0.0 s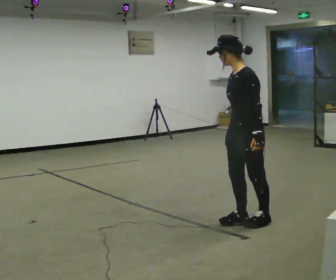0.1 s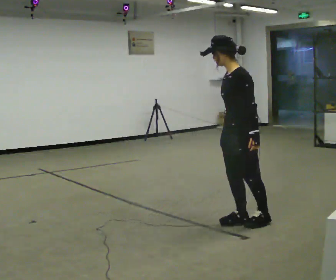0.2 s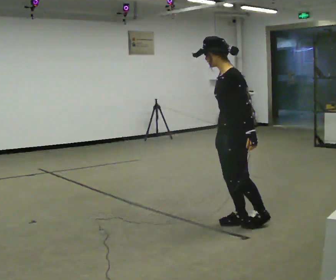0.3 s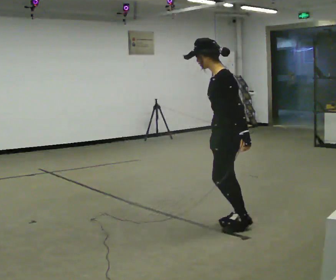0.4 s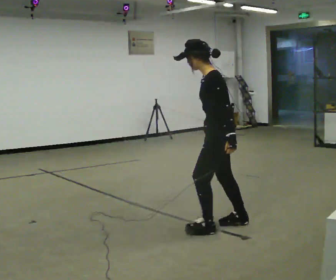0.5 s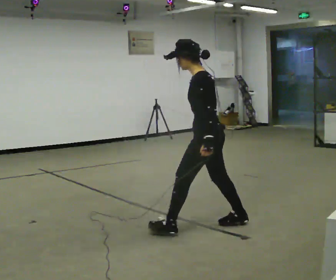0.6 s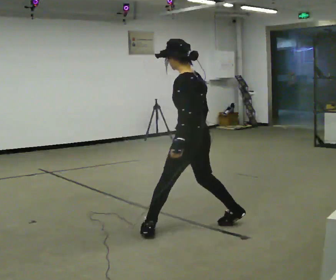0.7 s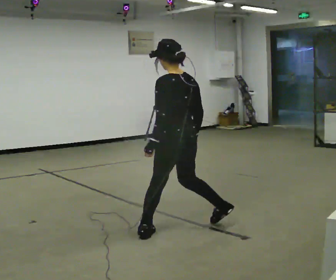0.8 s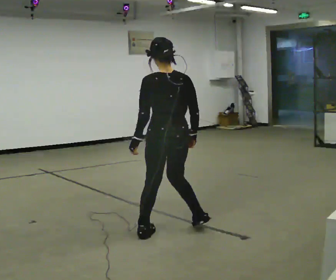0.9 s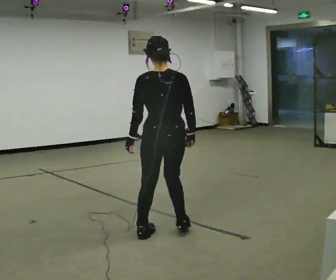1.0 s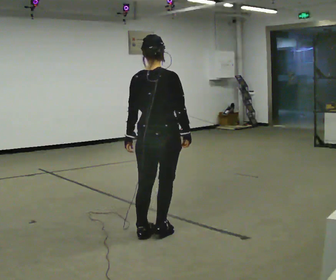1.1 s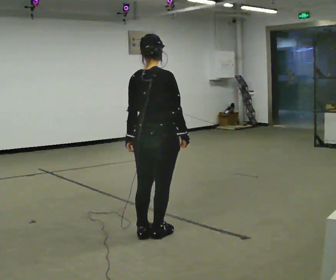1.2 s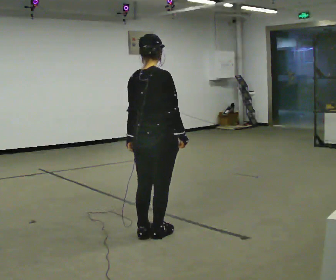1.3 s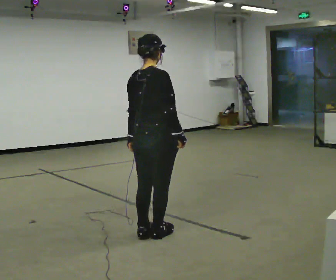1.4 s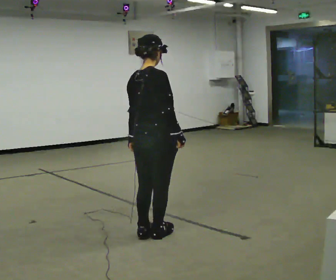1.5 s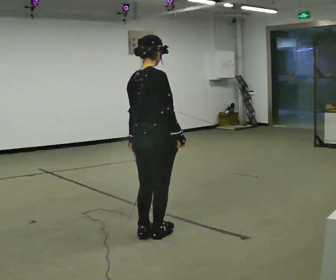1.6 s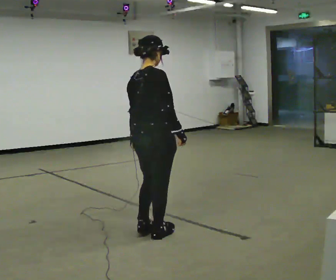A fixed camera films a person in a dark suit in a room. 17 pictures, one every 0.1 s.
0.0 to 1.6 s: Seen from above the body turns clockwise, about 150 degrees: to their right, with its near side sliding to the left. In the picture they go to the left, about 1 m in 3 steps.
The film runs backward here.
